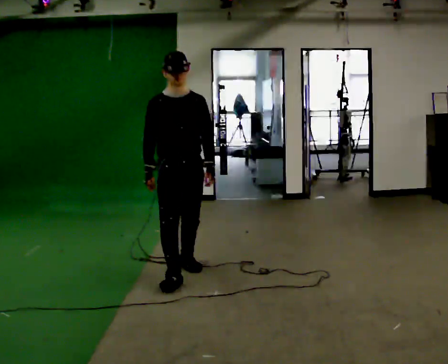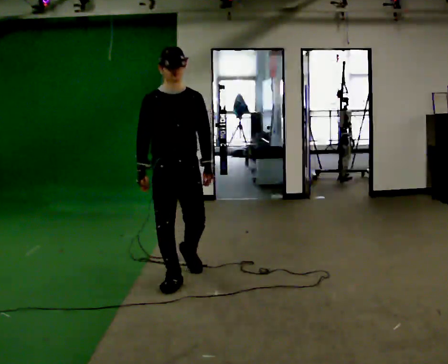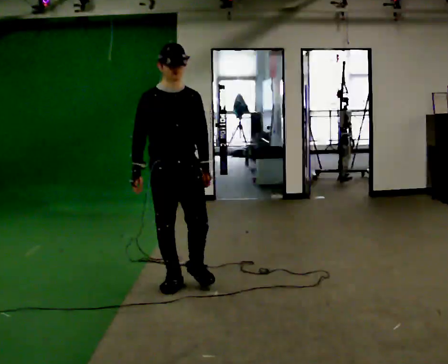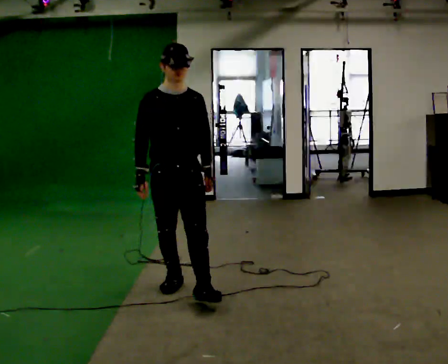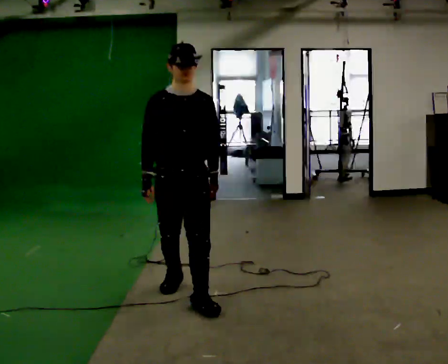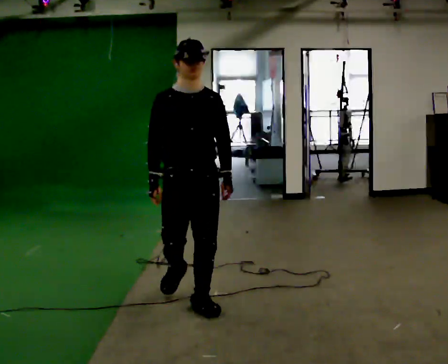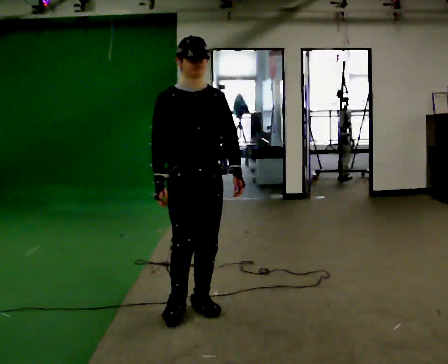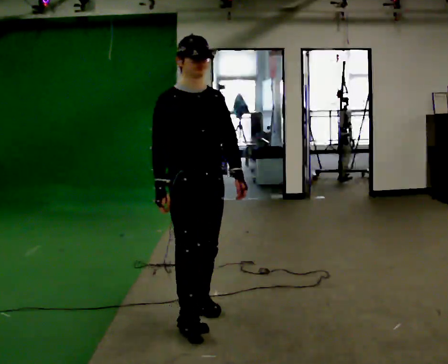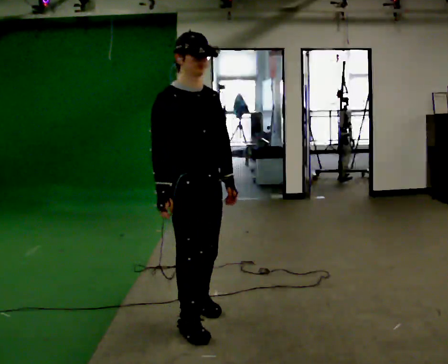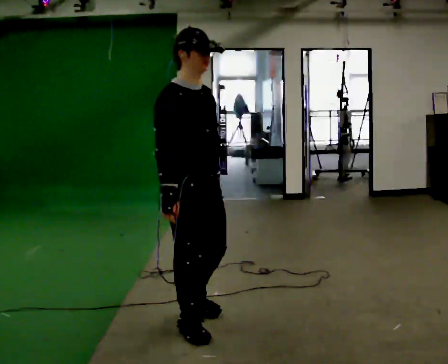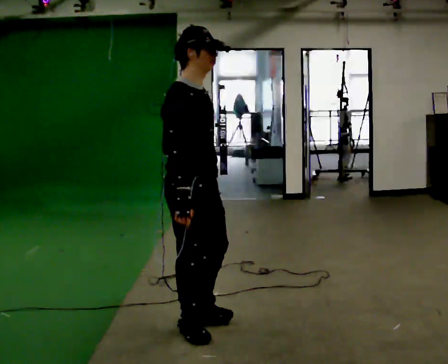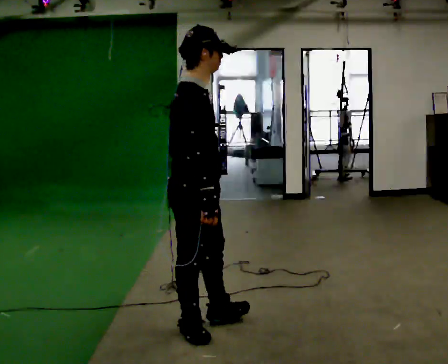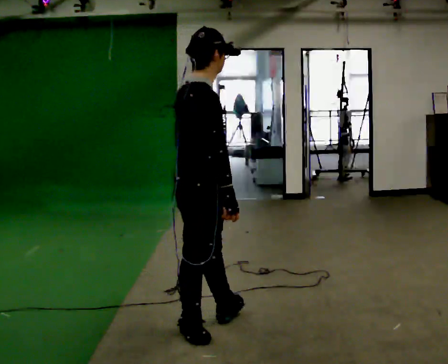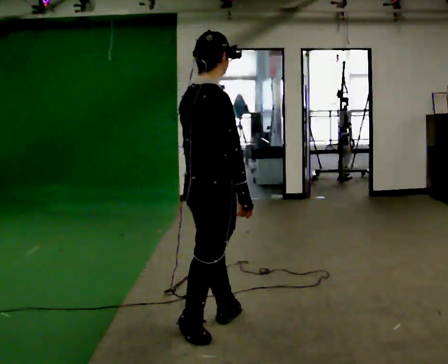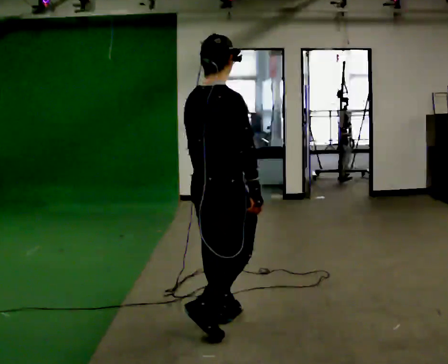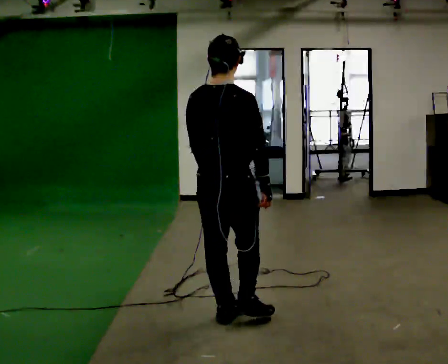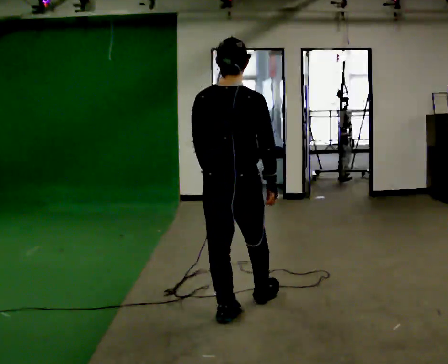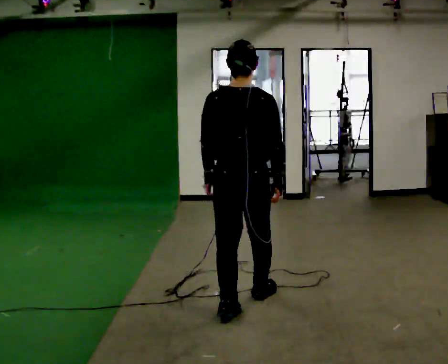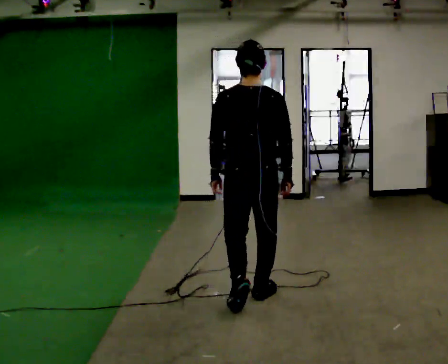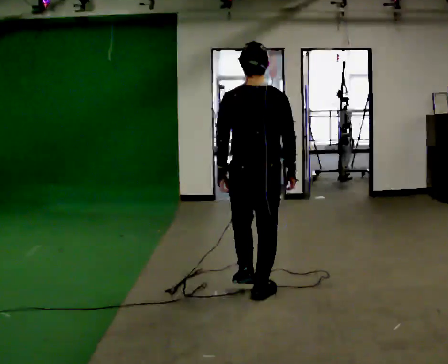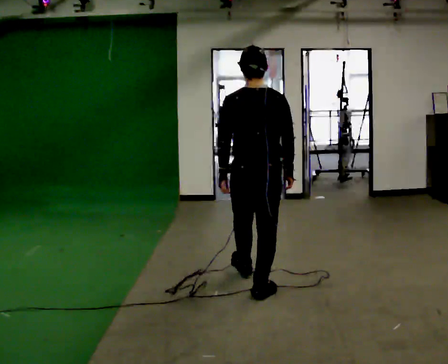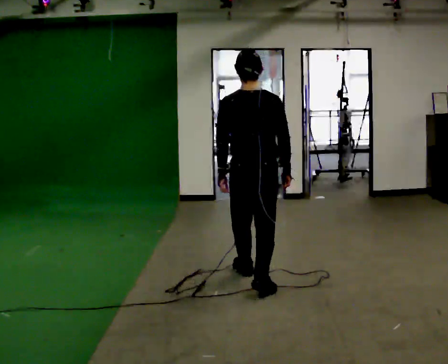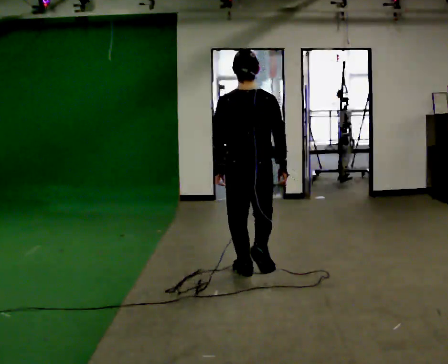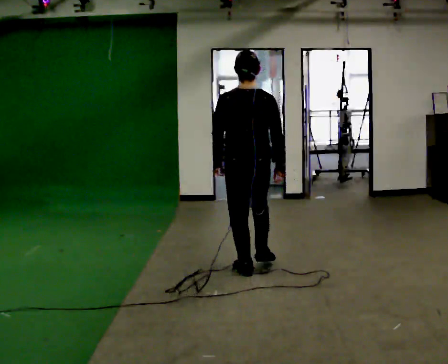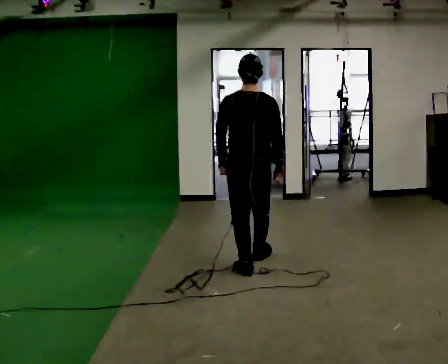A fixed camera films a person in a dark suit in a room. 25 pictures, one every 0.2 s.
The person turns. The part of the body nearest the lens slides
to the right.
The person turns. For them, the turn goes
to their left.
0.0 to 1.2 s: In the picture they go toward the camera, about 1 m in 1 step, which for them is forward.
1.2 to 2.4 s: Seen from above the body turns counterclockwise, about 90 degrees: to their left, with its near side sliding to the right. In the picture they go toward the camera, about 0.25 m in 2 steps.
2.4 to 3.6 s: The part of the body nearest the lens slides to the right as the person turns to their left by about 75 degrees. In the picture they go away from the camera and to the right, about 0.75 m in 1 step.
3.6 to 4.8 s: In the picture they go away from the camera, about 1 m in 2 steps, which for them is forward.
The film runs forward here.
